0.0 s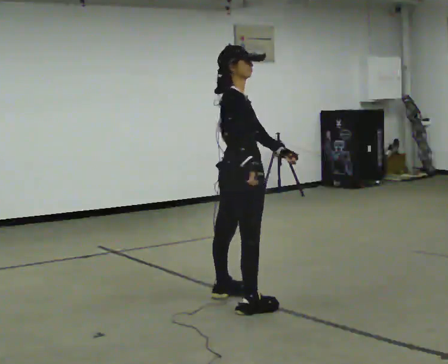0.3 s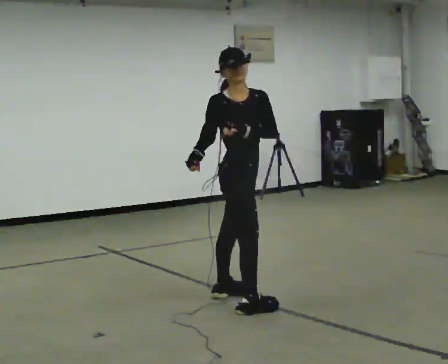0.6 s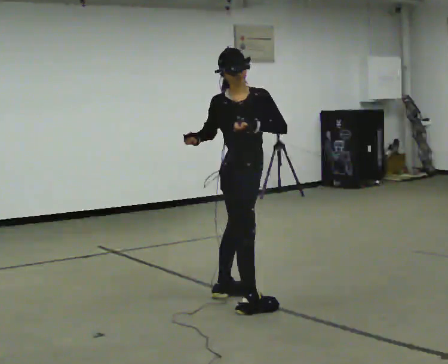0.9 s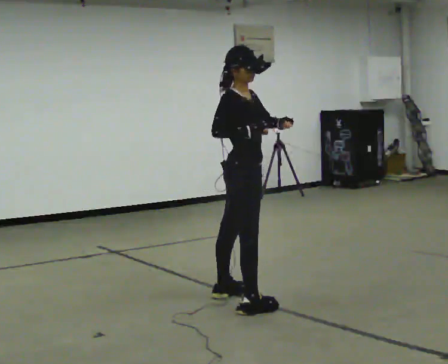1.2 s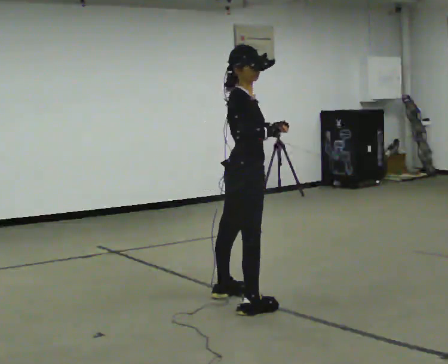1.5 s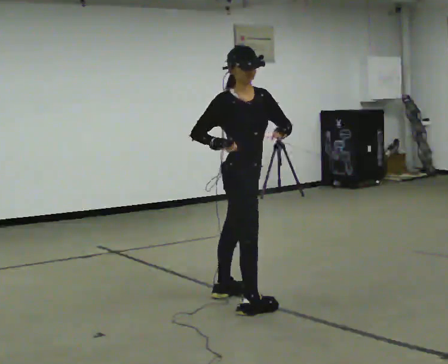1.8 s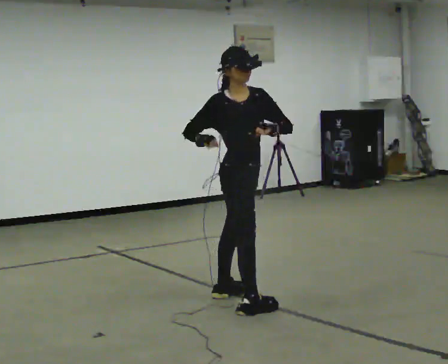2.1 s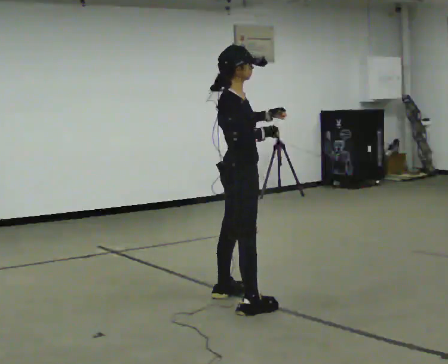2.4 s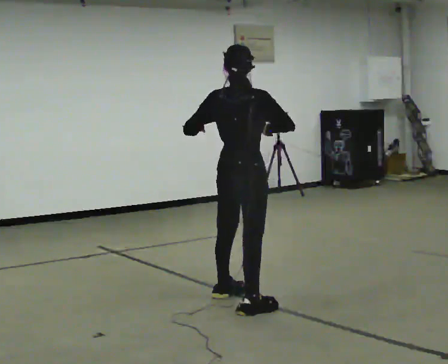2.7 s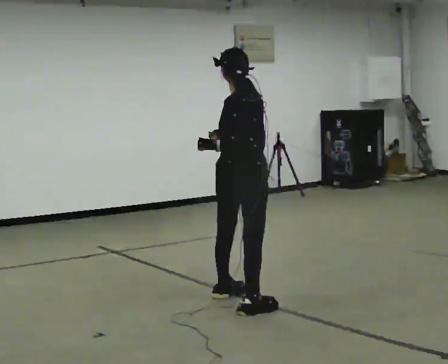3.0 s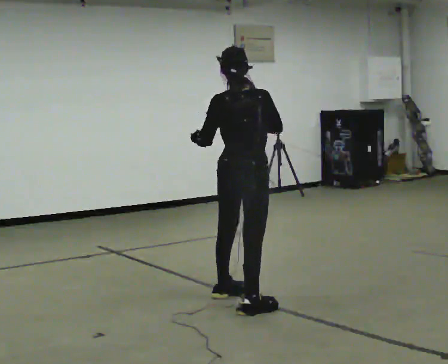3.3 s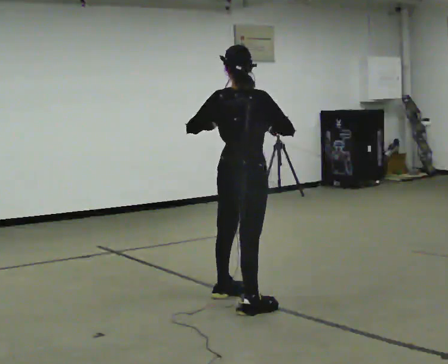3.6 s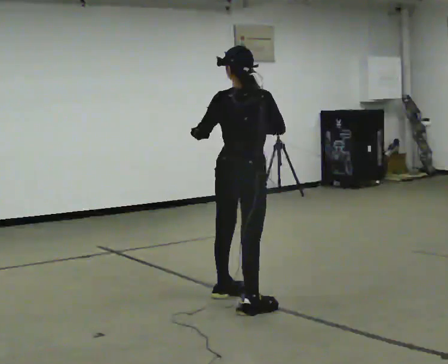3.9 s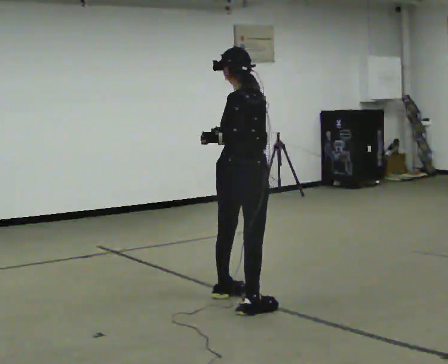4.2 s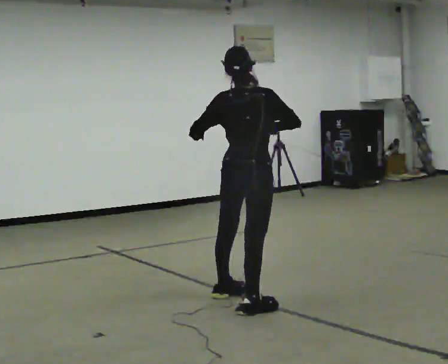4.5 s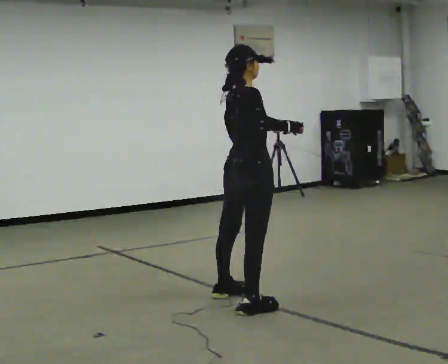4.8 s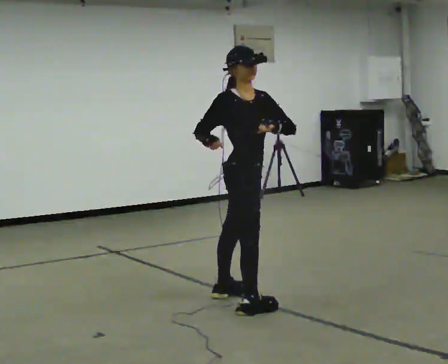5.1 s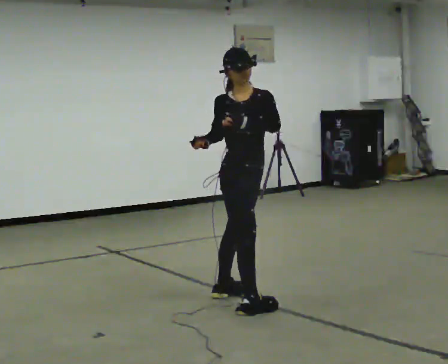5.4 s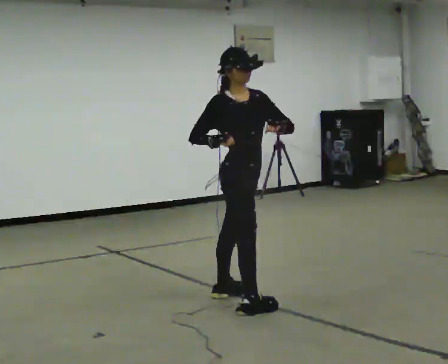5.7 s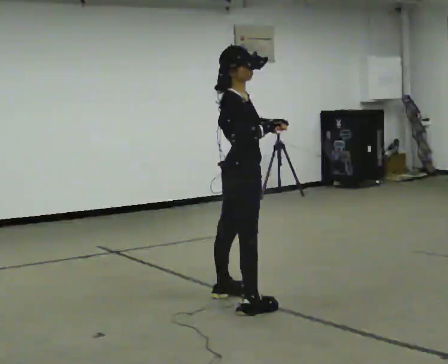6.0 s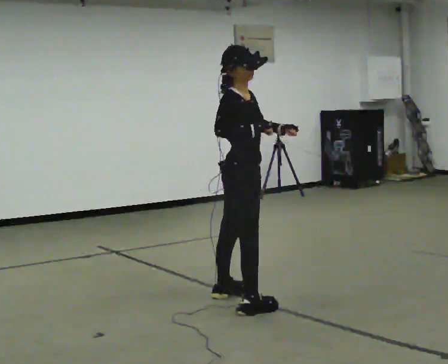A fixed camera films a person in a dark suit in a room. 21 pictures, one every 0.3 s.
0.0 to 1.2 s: The person moves a little, or ends about where they began.
1.2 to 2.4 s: Seen from above the body turns counterclockwise, about 45 degrees: to their left, with its near side sliding to the right. In the picture their left hand goes to the left.
2.4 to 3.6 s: Seen from above the body turns counterclockwise, about 30 degrees: to their left, with its near side sliding to the right.
3.6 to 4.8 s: The part of the body nearest the lens slides to the left as the person turns to their right by about 90 degrees. In the picture their left hand goes to the right.
4.8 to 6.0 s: The person moves a little, or ends about where they began.
The film runs backward here.
